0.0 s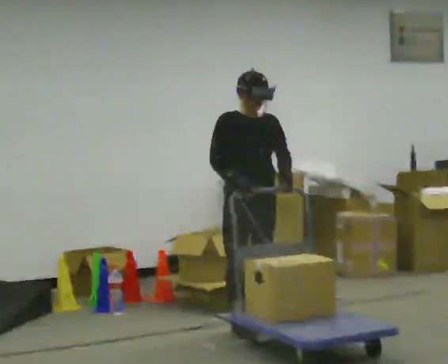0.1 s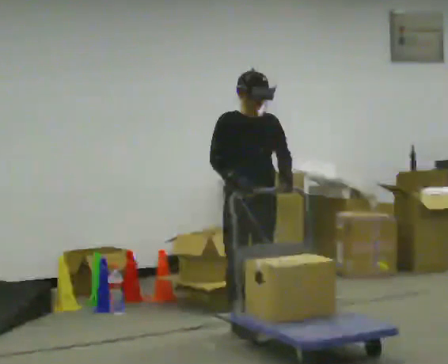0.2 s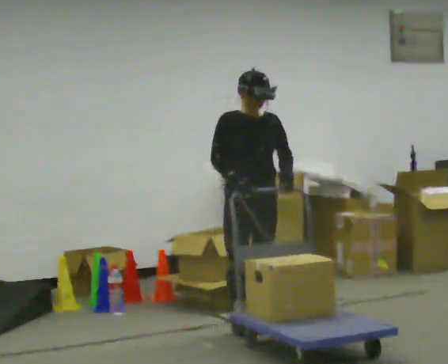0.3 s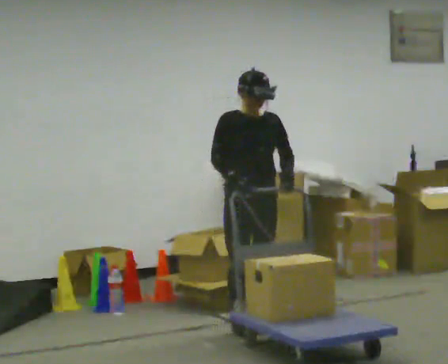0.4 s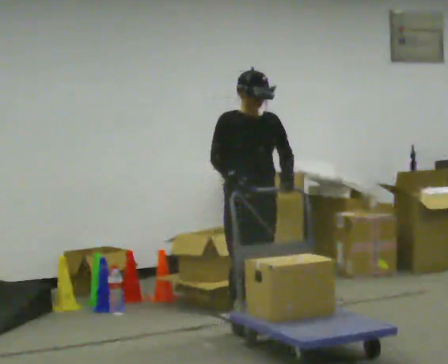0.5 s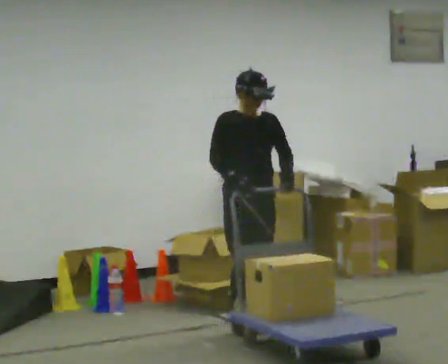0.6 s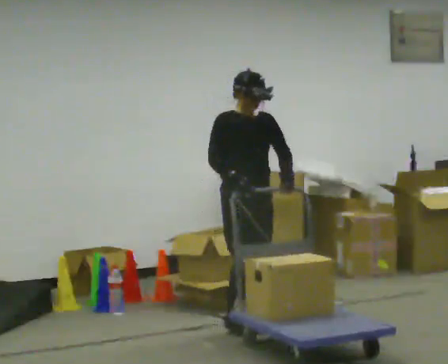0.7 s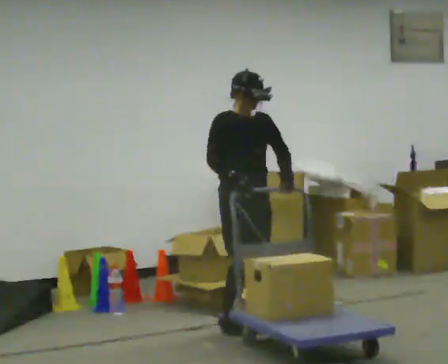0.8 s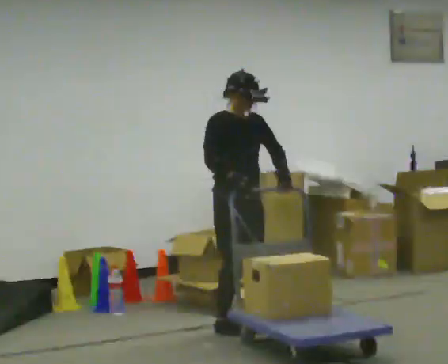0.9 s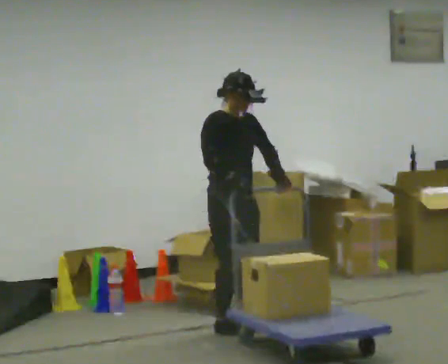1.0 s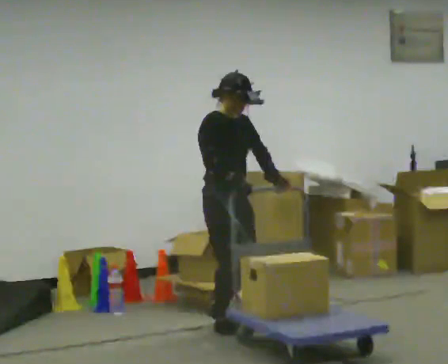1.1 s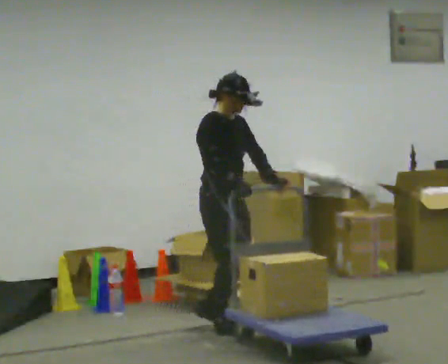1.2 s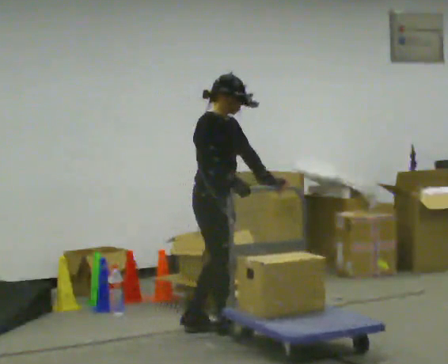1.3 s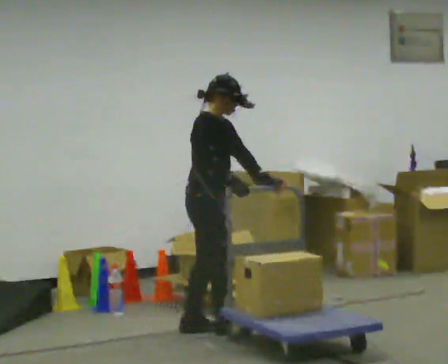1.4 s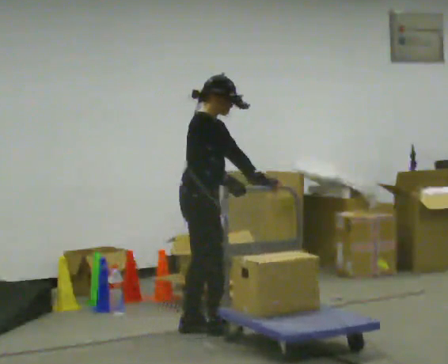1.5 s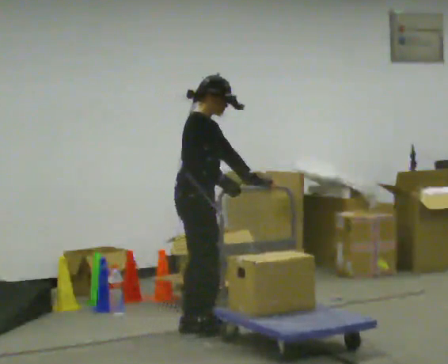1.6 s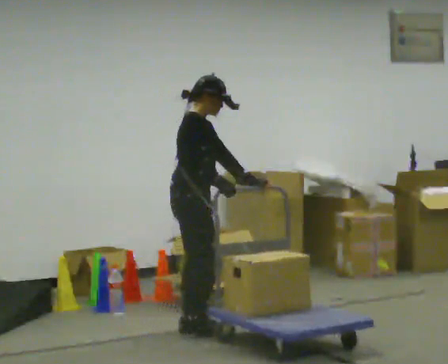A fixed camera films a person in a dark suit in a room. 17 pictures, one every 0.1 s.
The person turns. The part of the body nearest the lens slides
to the right.
The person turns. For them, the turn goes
to their left.
0.0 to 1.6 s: The person turns about 75 degrees to their left, counterclockwise seen from above, so the part of the body nearest the lens slides to the right. In the picture they go to the left, about 0.25 m in 2 steps.
The film runs backward here.
